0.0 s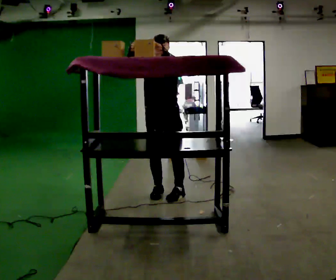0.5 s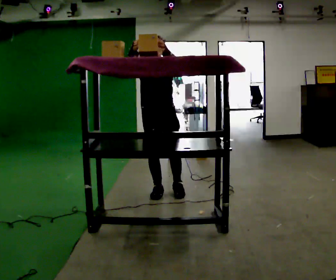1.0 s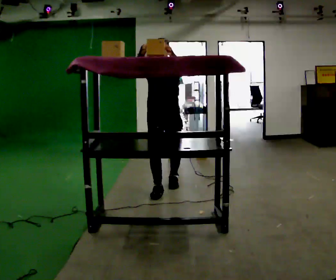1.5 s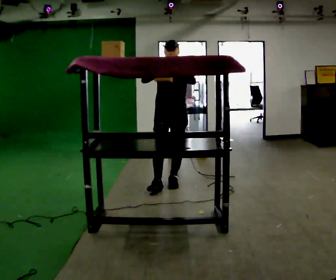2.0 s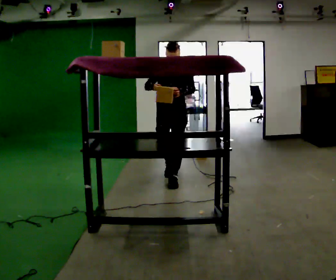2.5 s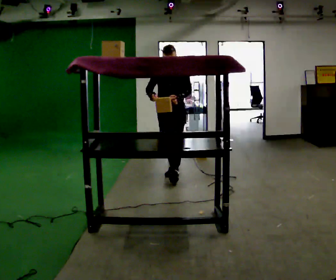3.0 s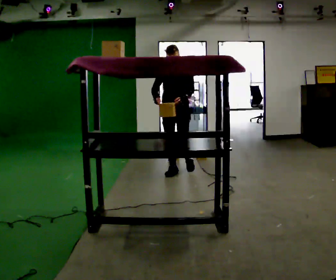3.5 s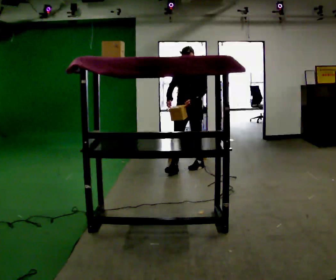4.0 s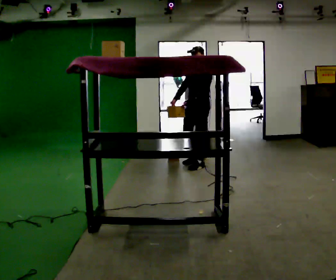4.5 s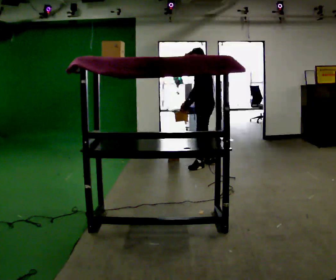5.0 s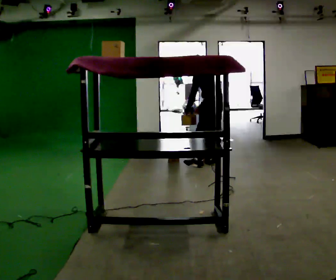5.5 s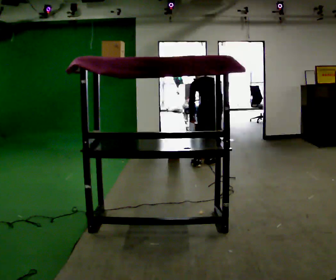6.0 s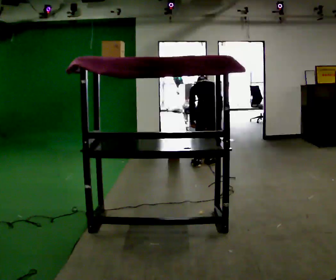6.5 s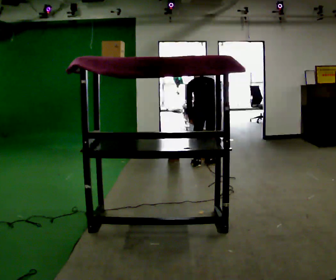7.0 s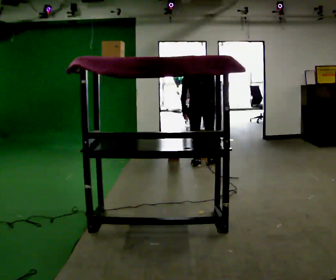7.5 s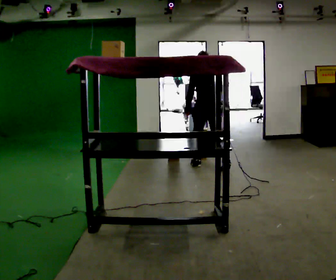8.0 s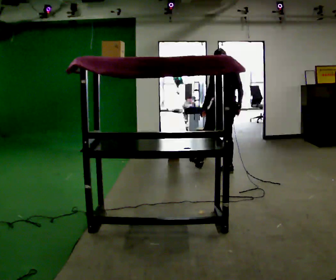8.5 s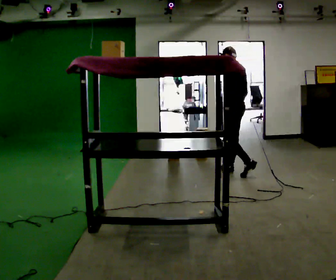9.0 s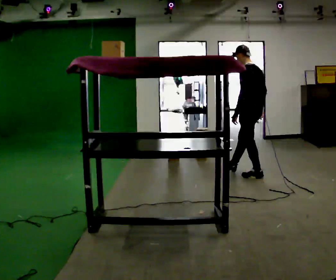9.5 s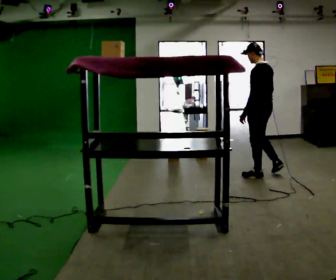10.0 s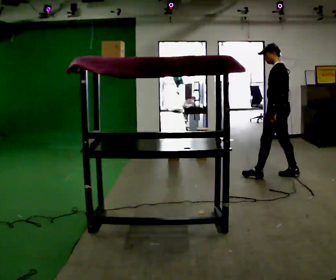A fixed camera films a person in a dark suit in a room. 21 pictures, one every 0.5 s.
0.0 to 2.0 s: In the picture they go away from the camera, about 0.5 m in 2 steps, which for them is backward. In the picture their left hand goes downward.
2.0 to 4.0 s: The part of the body nearest the lens slides to the left as the person turns to their right by about 45 degrees. In the picture they go away from the camera and to the right, about 1 m in 2 steps, which for them is backward.
4.0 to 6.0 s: Seen from above the body turns clockwise, about 120 degrees: to their right, with its near side sliding to the left. In the picture they go to the right, about 0.25 m. The upper body goes downward. The upper body tips away from the camera, its near side rolling upward, as they bend forward. In the picture their right hand goes to the right and downward, the arm swinging counterclockwise.
6.0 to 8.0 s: In the picture they go toward the camera and to the right, about 0.25 m in 2 steps, which for them is backward and to their right. The shoulders move upward. The upper body tips toward the camera, its near side rolling downward, as they lean back or straighten.
8.0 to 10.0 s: Seen from above the body turns counterclockwise, about 30 degrees: to their left, with its near side sliding to the right. In the picture they go to the right and toward the camera, about 1 m in 1 step, which for them is backward.
The film runs backward here.
